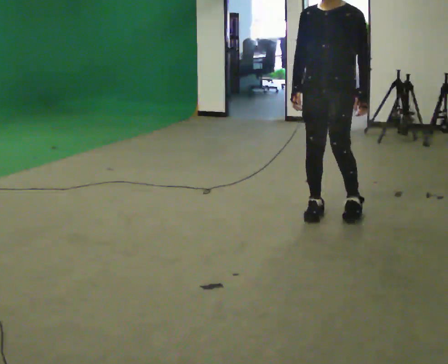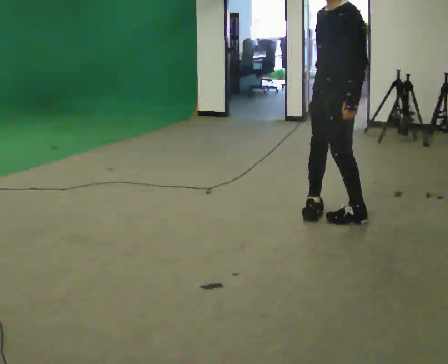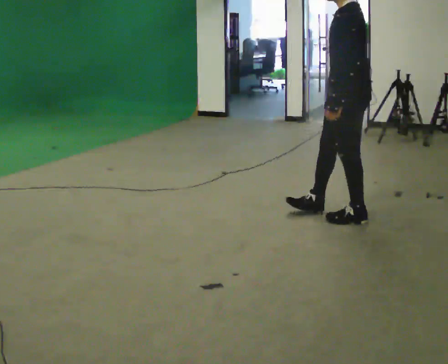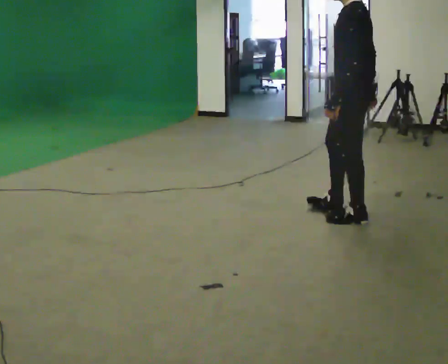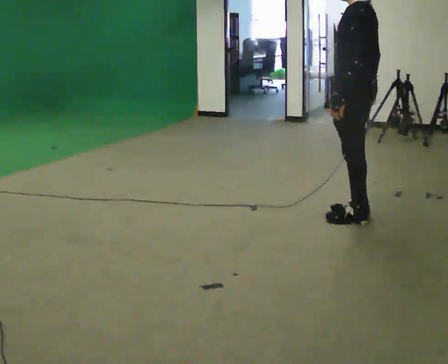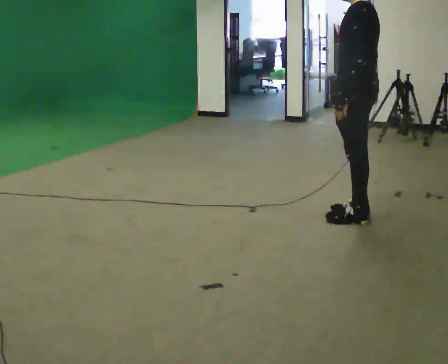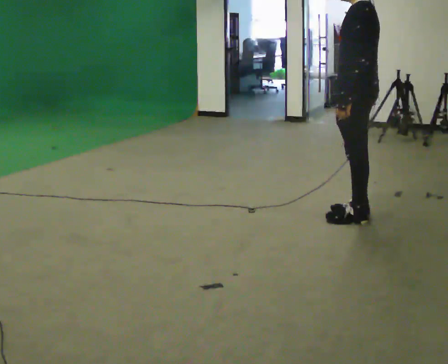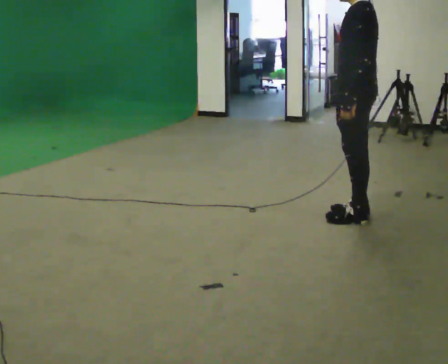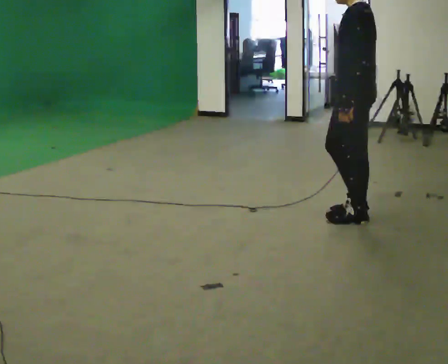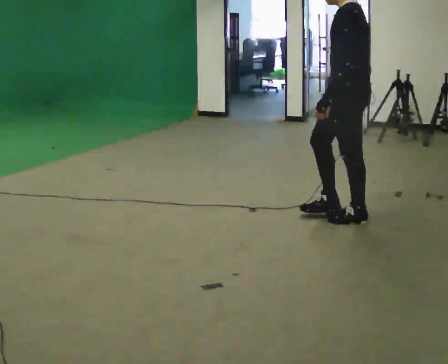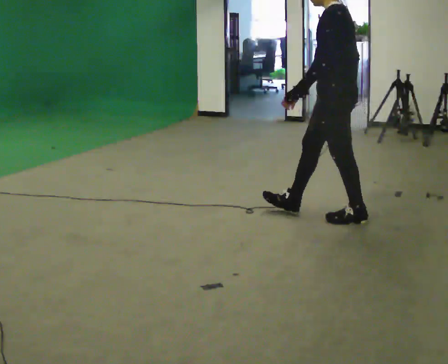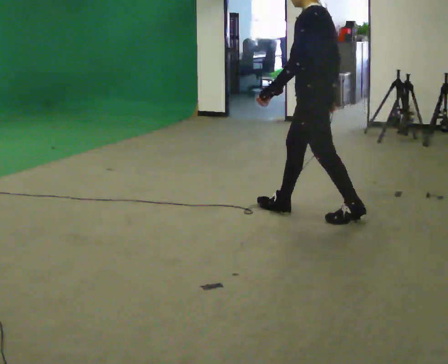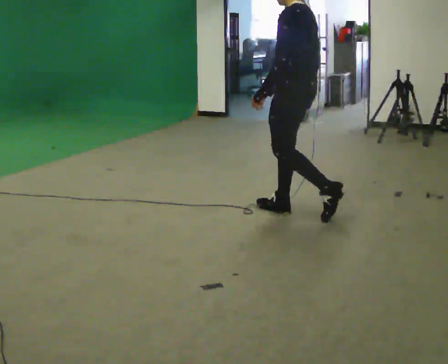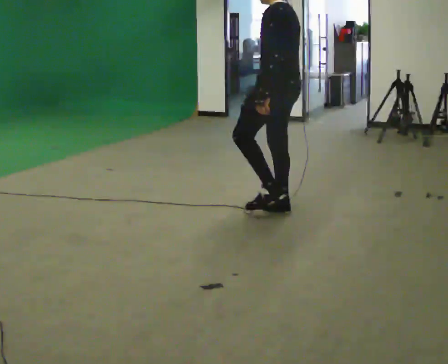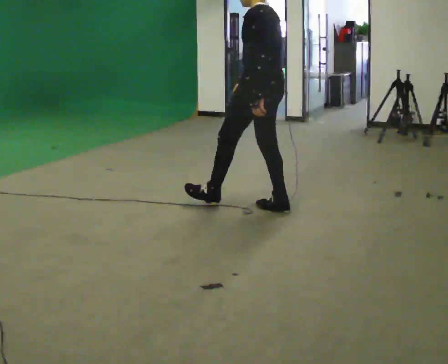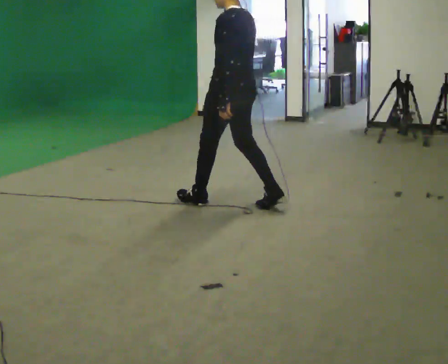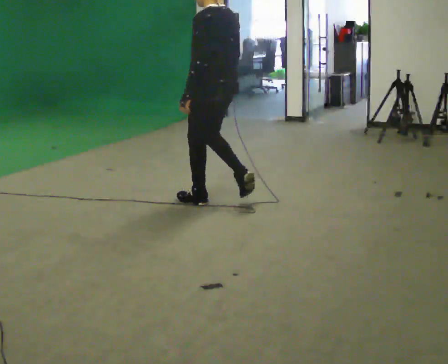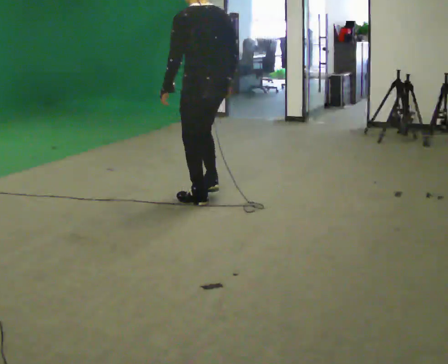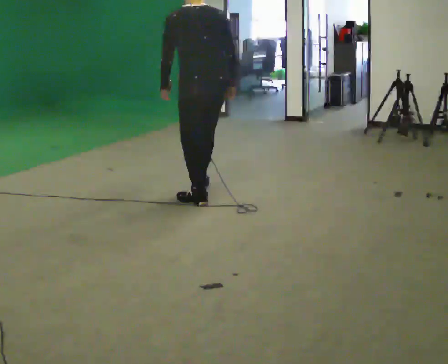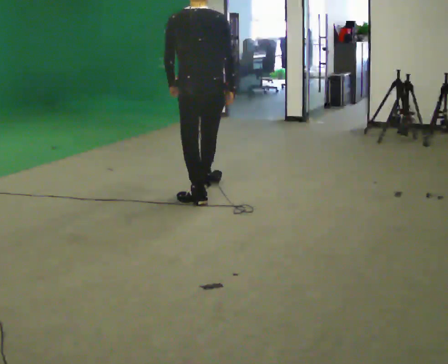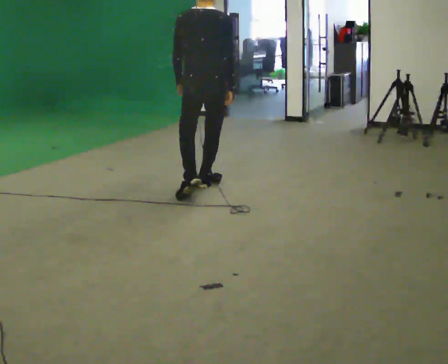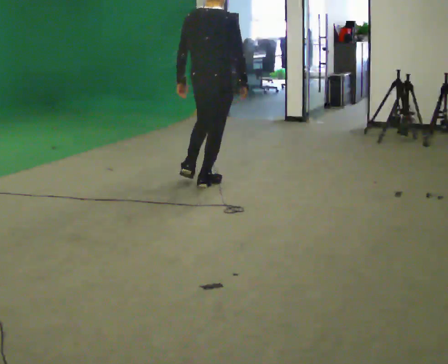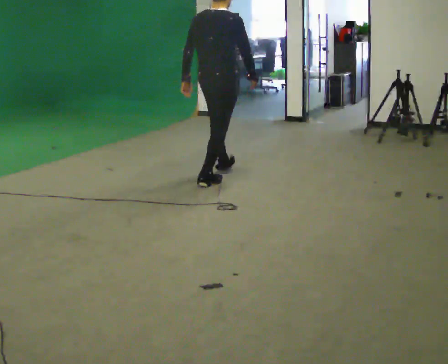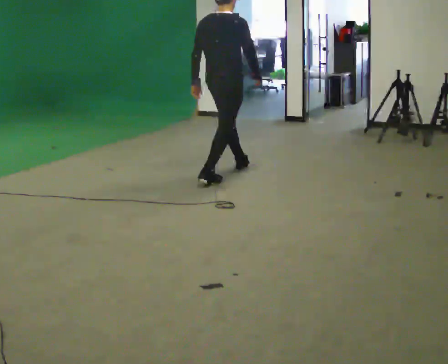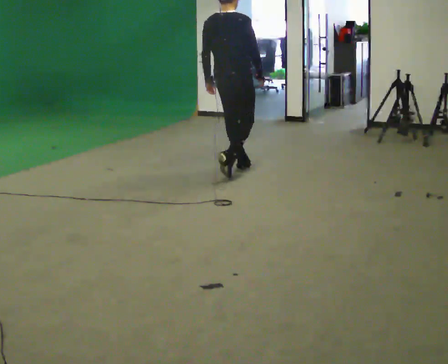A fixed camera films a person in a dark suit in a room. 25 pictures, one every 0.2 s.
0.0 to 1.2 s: The part of the body nearest the lens slides to the left as the person turns to their right by about 75 degrees. In the picture they go to the right, about 0.25 m in 2 steps.
1.2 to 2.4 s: In the picture they go to the left, about 0.5 m in 1 step, which for them is forward.
2.4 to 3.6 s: Seen from above the body turns clockwise, about 45 degrees: to their right, with its near side sliding to the left. In the picture they go to the left, about 0.5 m in 1 step, which for them is forward.
3.6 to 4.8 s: The person turns about 45 degrees to their right, clockwise seen from above, so the part of the body nearest the lens slides to the left. In the picture they go away from the camera, about 1 m in 2 steps, which for them is forward.
The film runs forward here.
